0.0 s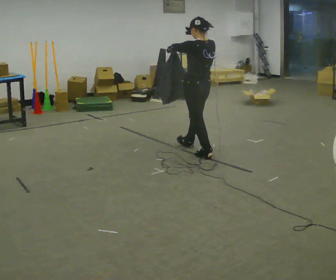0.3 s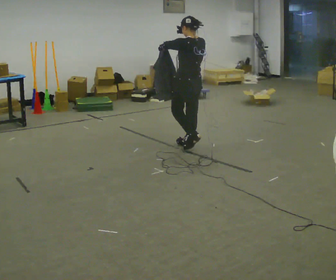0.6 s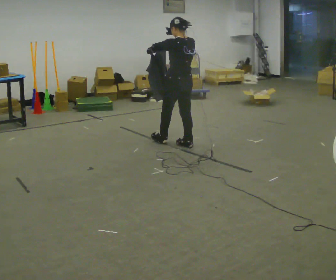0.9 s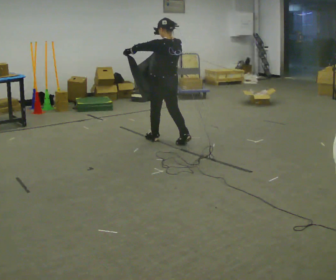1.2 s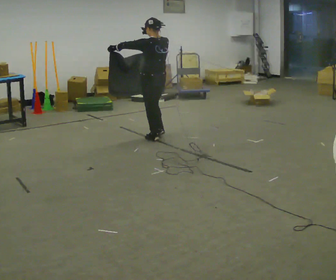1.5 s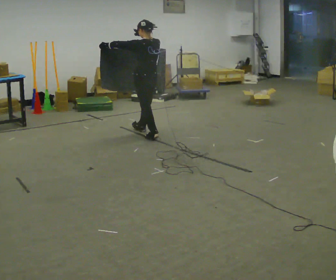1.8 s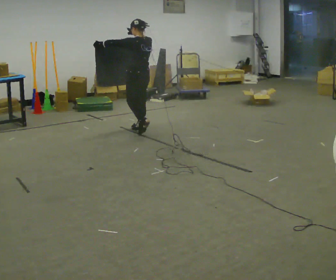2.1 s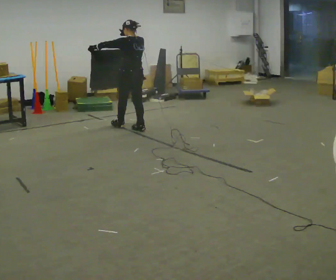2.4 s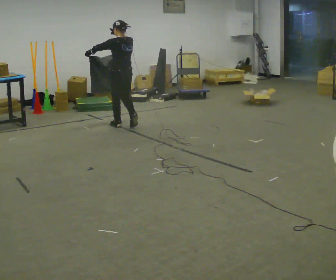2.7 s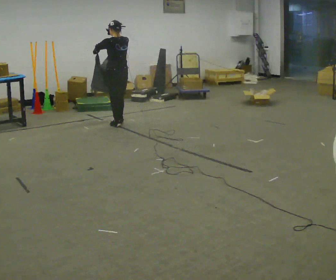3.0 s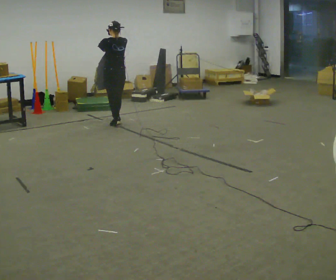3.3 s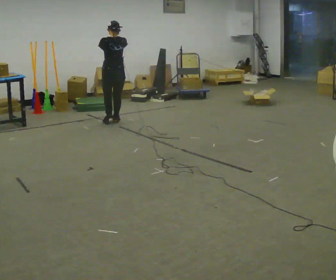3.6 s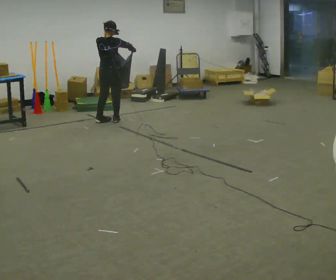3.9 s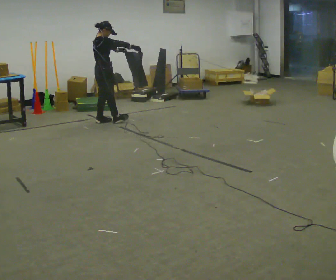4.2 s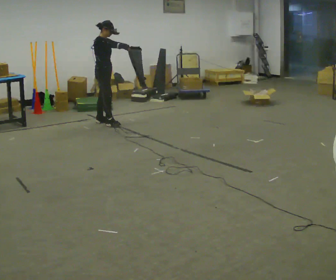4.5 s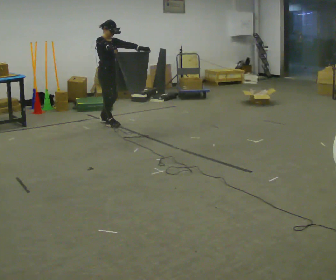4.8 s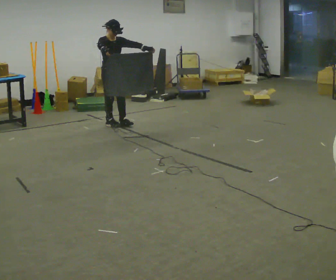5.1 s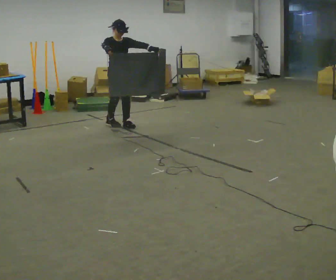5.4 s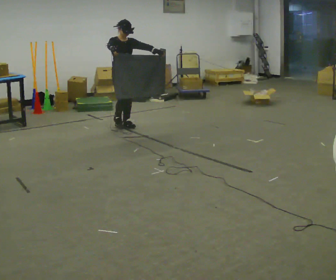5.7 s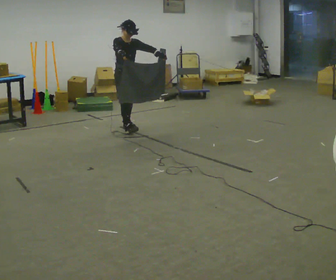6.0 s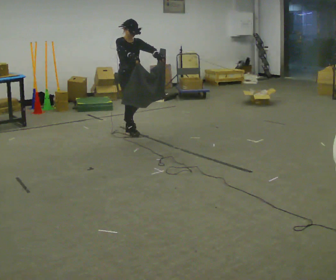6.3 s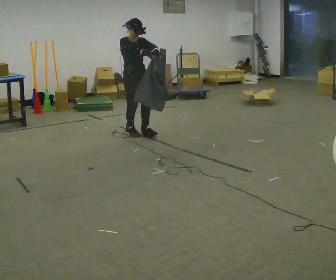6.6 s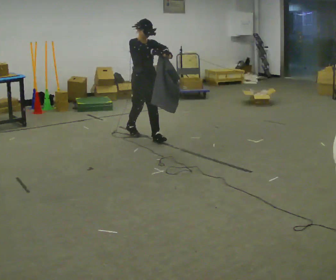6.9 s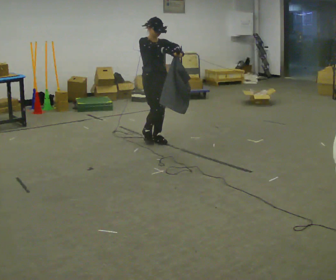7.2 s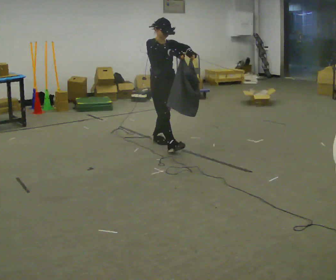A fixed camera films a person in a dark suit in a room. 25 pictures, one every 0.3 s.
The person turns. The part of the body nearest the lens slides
to the left.
The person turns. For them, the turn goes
to their right.
0.0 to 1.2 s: In the picture they go away from the camera and to the left, about 0.5 m in 1 step, which for them is forward.
1.2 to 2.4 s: In the picture they go away from the camera and to the left, about 0.5 m in 2 steps, which for them is forward.
2.4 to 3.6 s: The part of the body nearest the lens slides to the left as the person turns to their right by about 60 degrees. In the picture they go away from the camera and to the left, about 0.25 m in 2 steps, which for them is forward.
3.6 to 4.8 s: Seen from above the body turns clockwise, about 120 degrees: to their right, with its near side sliding to the left. In the picture they go toward the camera, about 0.25 m in 1 step. In the picture their right hand goes to the left.
4.8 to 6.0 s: In the picture they go toward the camera and to the right, about 0.5 m in 2 steps, which for them is forward.
6.0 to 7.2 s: In the picture they go toward the camera and to the right, about 0.5 m in 1 step, which for them is forward.
The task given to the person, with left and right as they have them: Carry the cloth and, while walking, fold it in half, then unfold it. Keep repeating as you walk. Do not stop.
The film runs forward here.
